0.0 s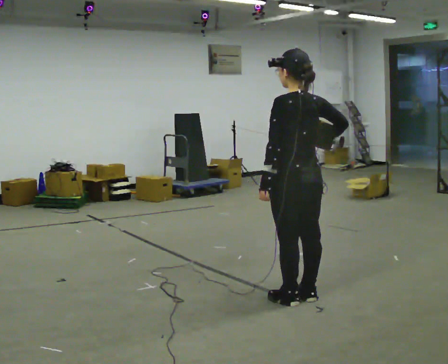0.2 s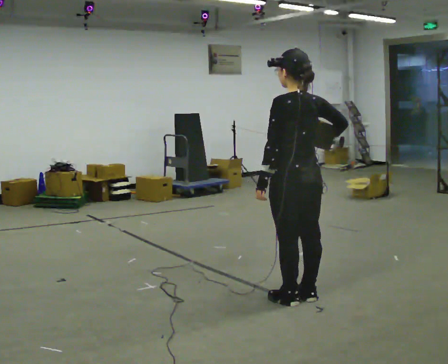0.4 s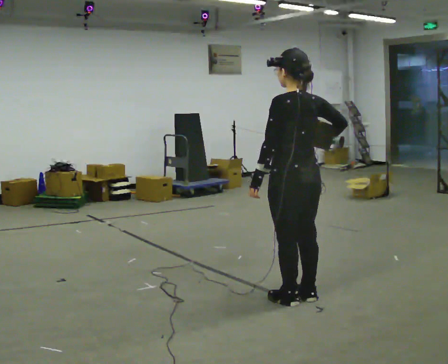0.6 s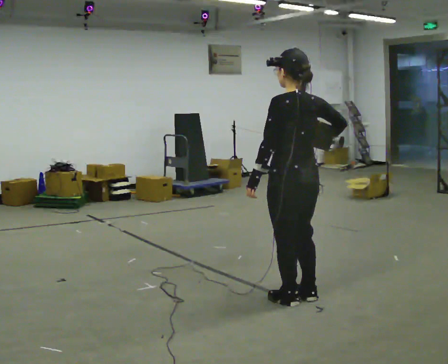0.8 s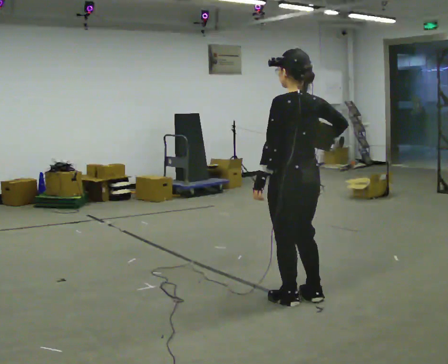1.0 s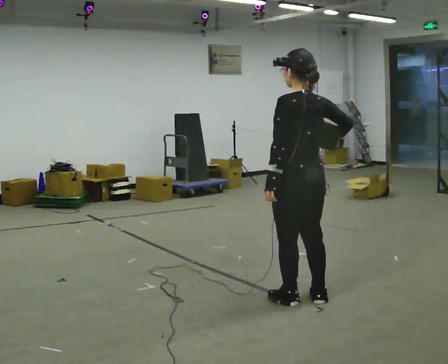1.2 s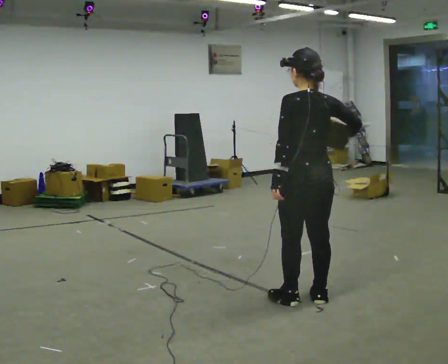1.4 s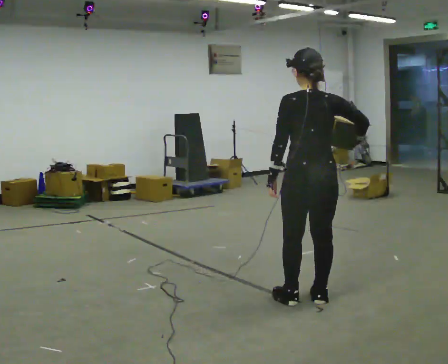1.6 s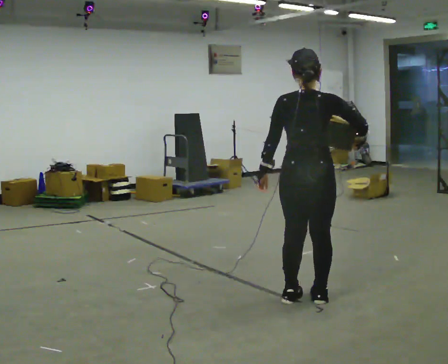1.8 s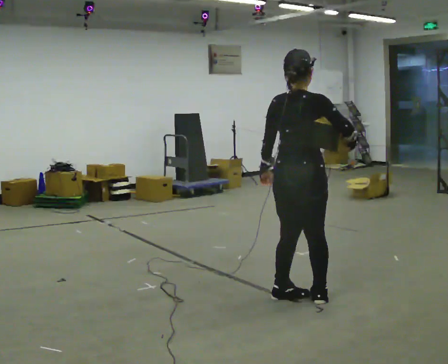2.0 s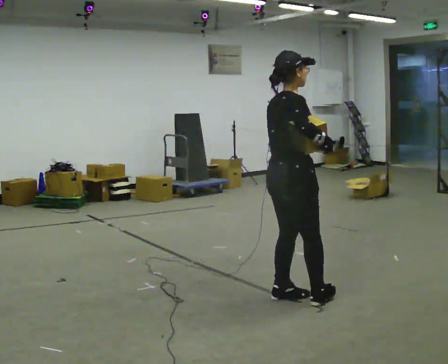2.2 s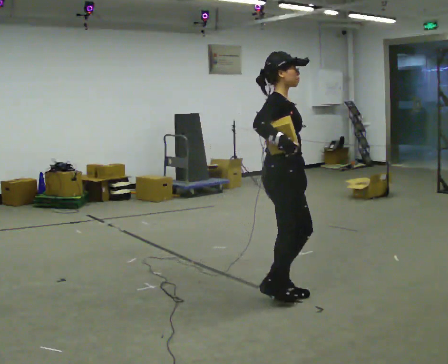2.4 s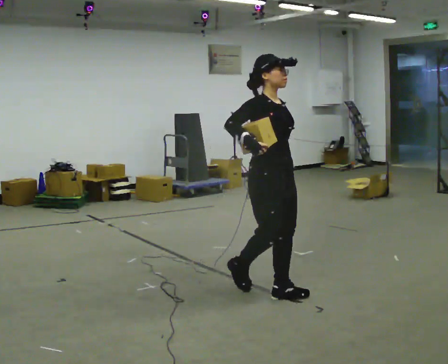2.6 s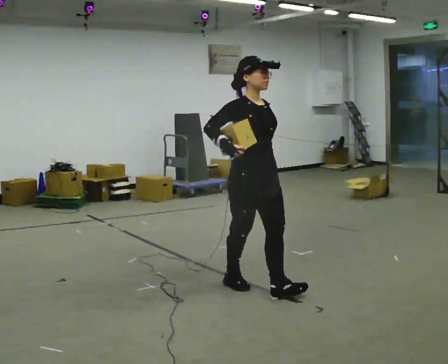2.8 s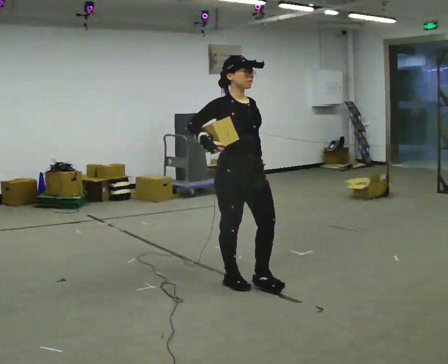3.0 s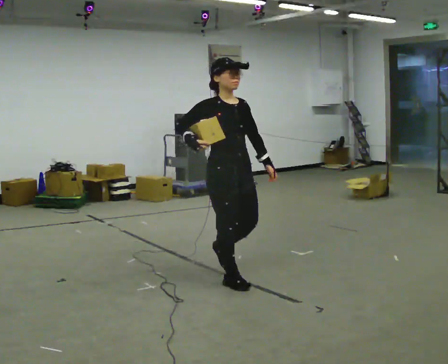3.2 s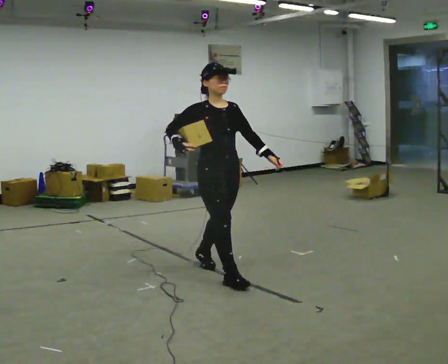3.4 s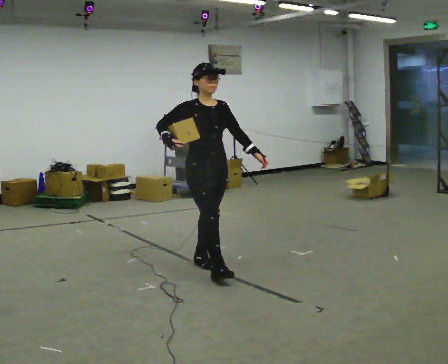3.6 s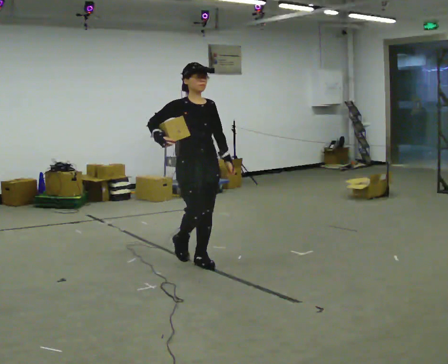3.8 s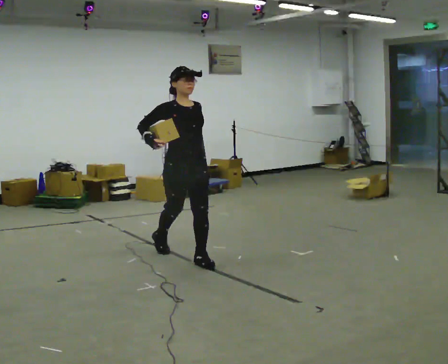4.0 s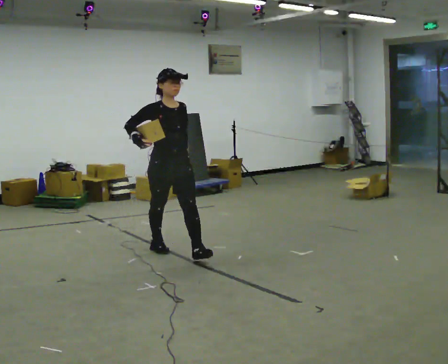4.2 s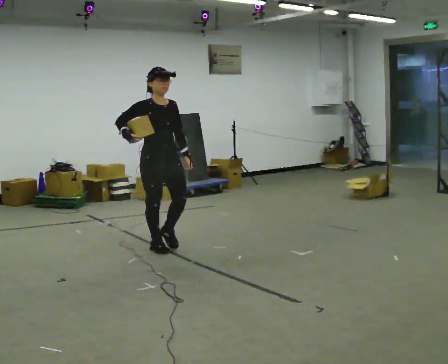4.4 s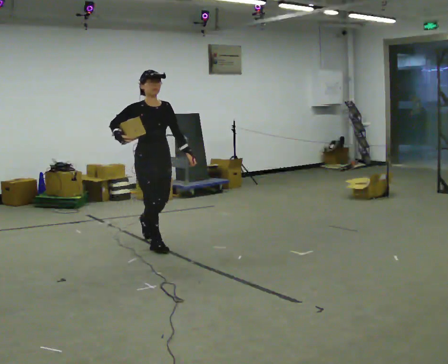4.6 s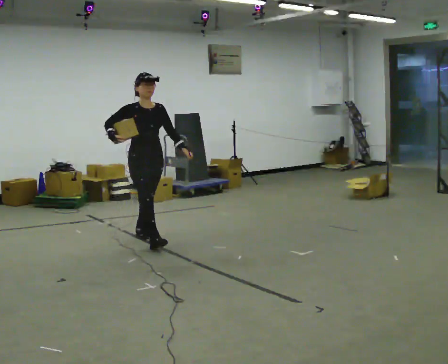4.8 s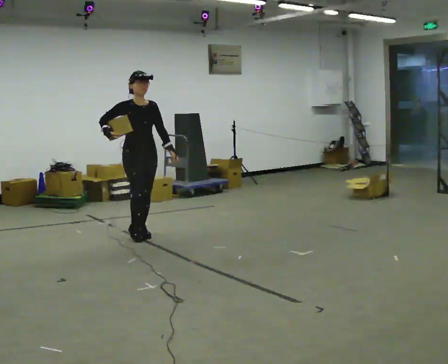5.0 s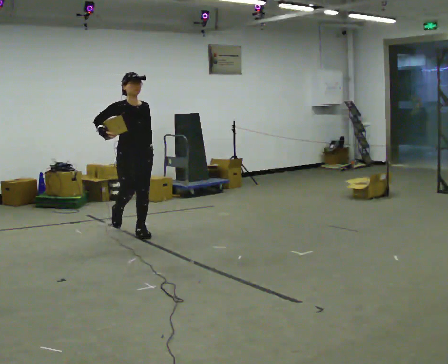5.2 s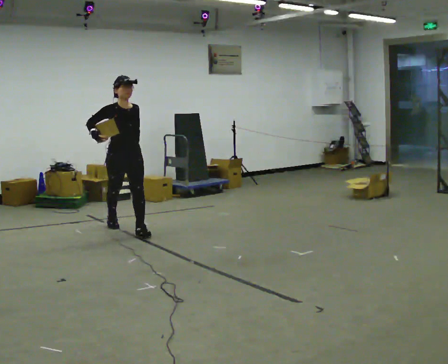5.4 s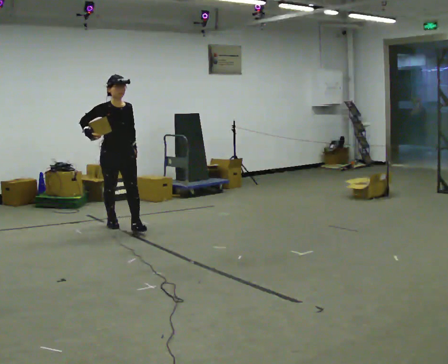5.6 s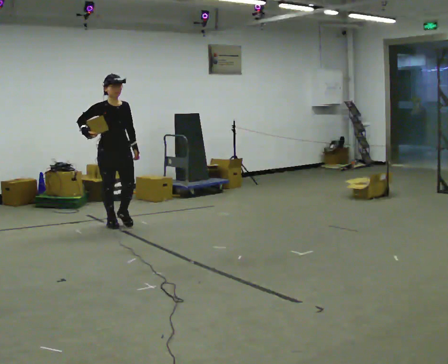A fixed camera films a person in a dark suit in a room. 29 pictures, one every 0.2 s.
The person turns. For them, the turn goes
to their right.
The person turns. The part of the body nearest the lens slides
to the left.
0.0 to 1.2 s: The person moves a little, or ends about where they began.
1.2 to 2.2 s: Seen from above the body turns clockwise, about 135 degrees: to their right, with its near side sliding to the left. In the picture they go to the left, about 0.25 m in 2 steps.
2.2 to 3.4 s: The person turns about 45 degrees to their right, clockwise seen from above, so the part of the body nearest the lens slides to the left. In the picture they go to the left and away from the camera, about 1 m in 2 steps, which for them is backward.
3.4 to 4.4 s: In the picture they go to the left and away from the camera, about 1 m in 1 step, which for them is backward.
4.4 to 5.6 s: In the picture they go to the left and away from the camera, about 1 m in 2 steps, which for them is backward.
The film runs backward here.
